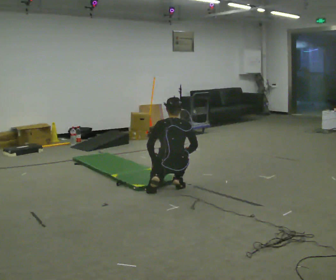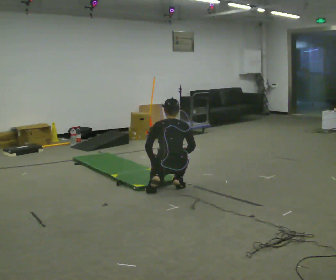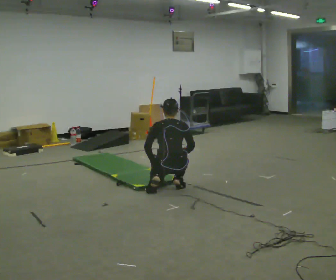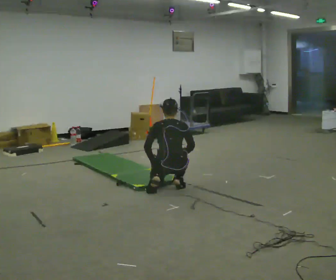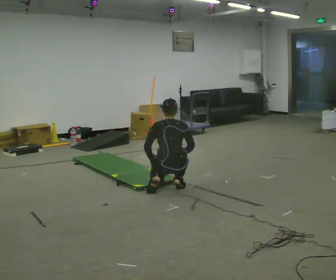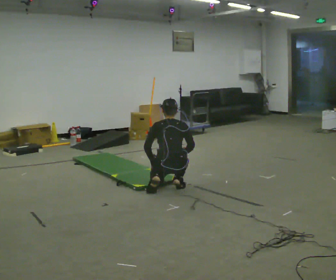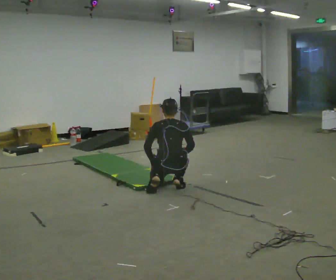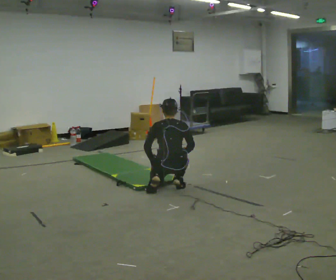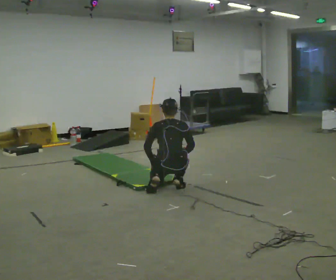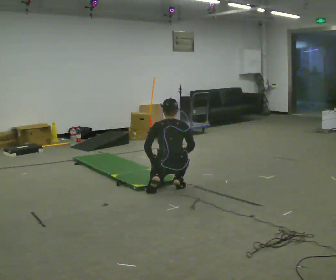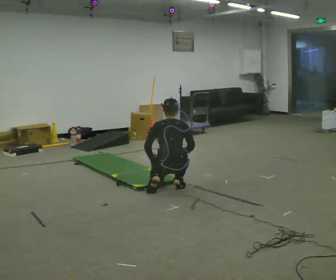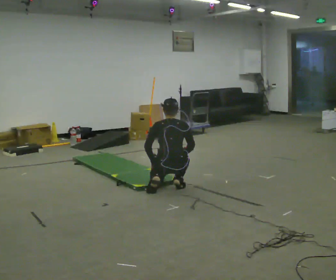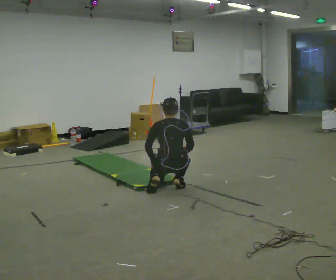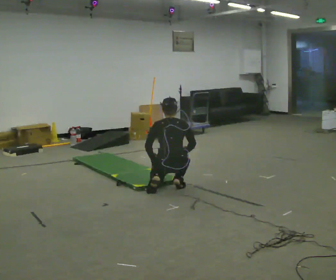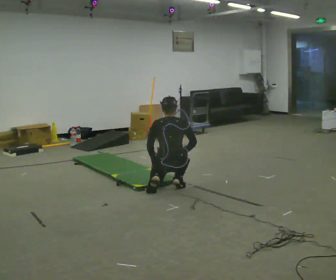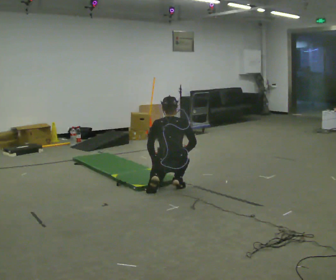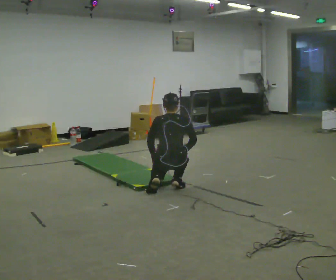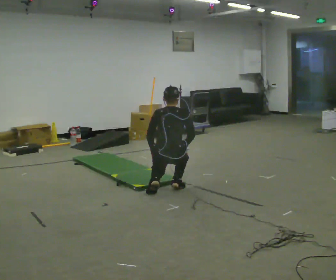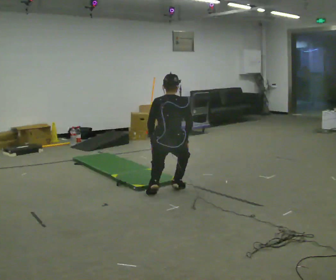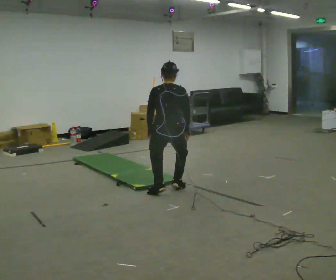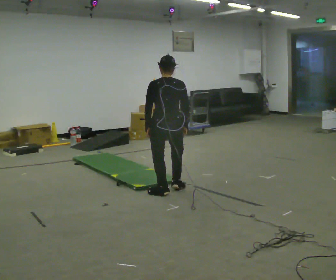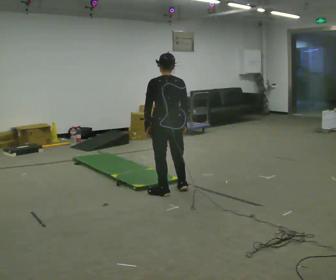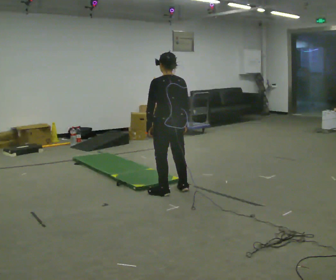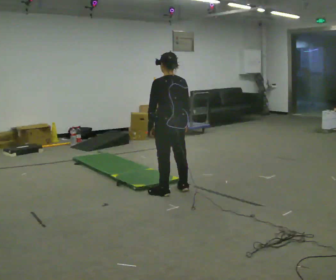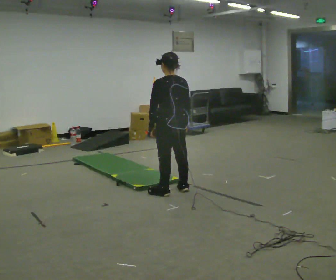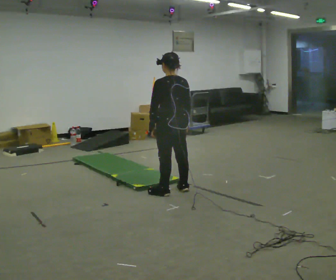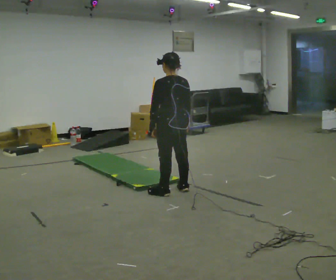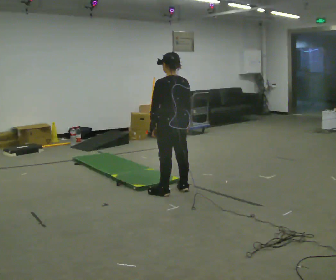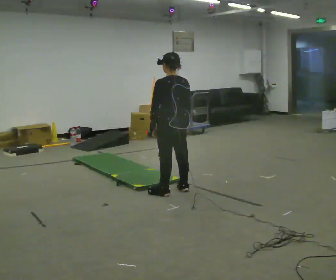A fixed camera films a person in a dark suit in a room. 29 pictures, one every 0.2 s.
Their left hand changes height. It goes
upward.
The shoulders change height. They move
upward.
0.0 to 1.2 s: The person moves a little, or ends about where they began.
1.2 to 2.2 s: The person keeps their place and pose.
2.2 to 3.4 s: The person moves a little, or ends about where they began.
3.4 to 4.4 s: The part of the body nearest the lens slides to the right as the person turns to their left by about 30 degrees. The shoulders move upward.
4.4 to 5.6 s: The person moves a little, or ends about where they began.
The film runs backward here.
